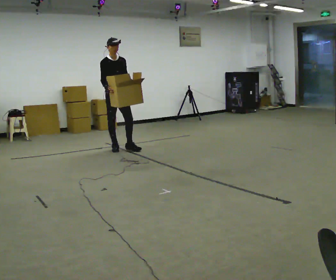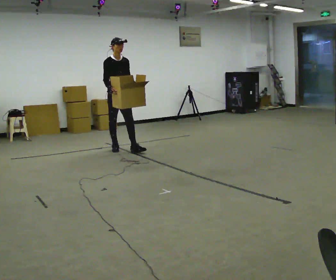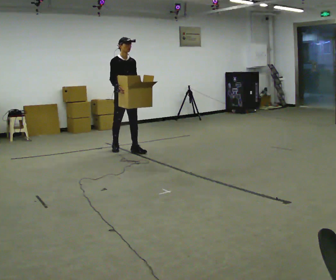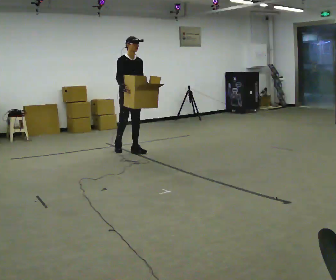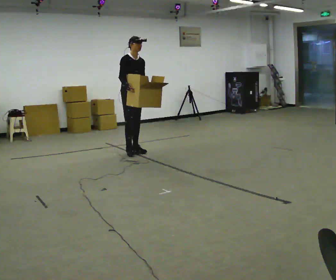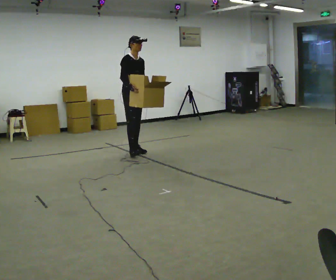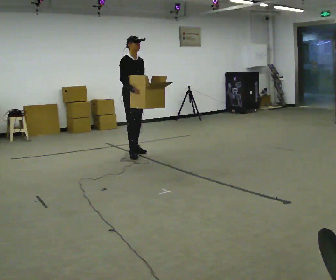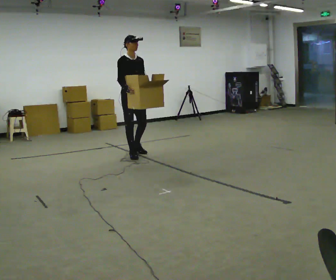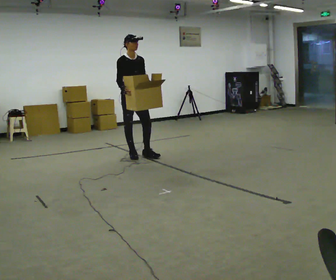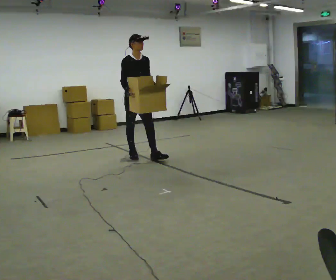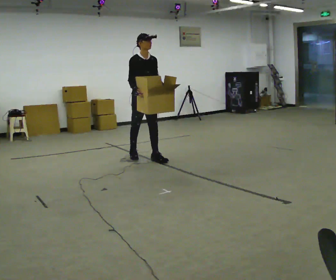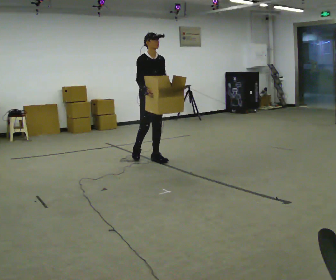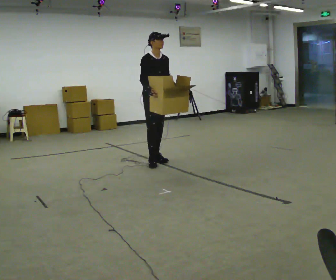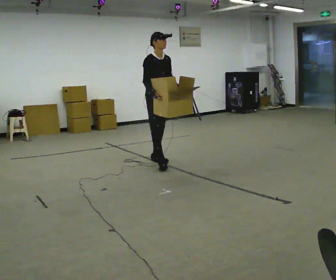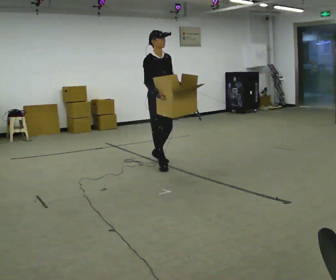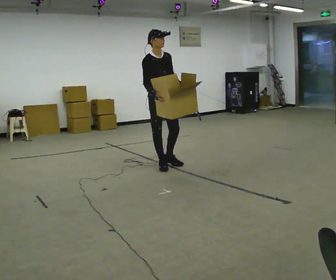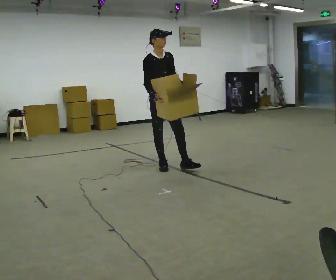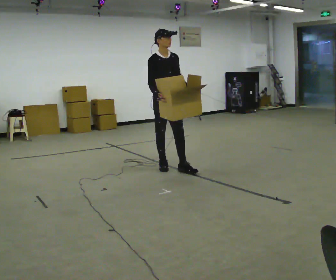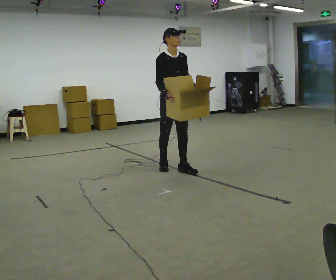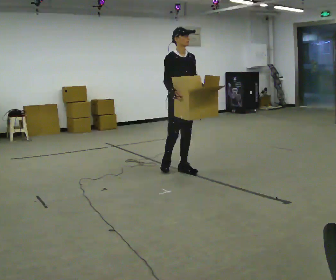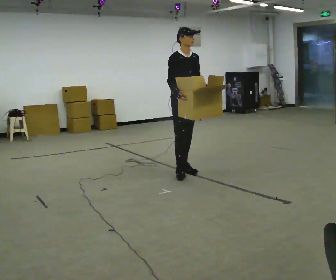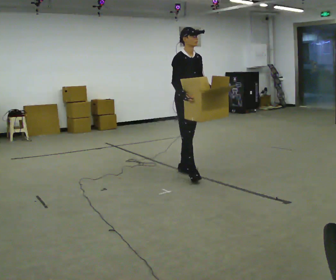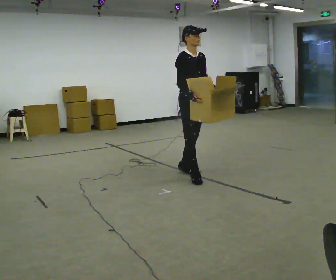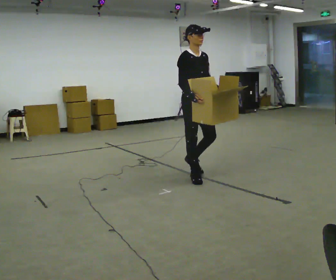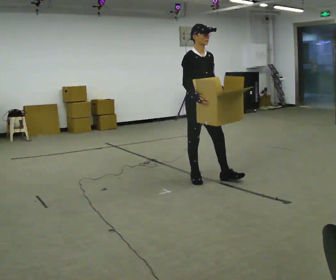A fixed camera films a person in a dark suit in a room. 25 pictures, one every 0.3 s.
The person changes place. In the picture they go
toward the camera.
0.0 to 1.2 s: In the picture they go to the right, about 0.25 m in 1 step, which for them is forward and to their left.
1.2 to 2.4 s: In the picture they go toward the camera, about 0.25 m in 1 step, which for them is forward and to their right.
2.4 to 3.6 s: In the picture they go to the right and toward the camera, about 0.5 m in 1 step, which for them is forward.
3.6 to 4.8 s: In the picture they go toward the camera, about 0.5 m in 1 step, which for them is forward and to their right.
4.8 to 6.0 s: In the picture they go to the right and toward the camera, about 0.25 m in 1 step, which for them is forward and to their left.
6.0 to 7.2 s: In the picture they go toward the camera, about 0.5 m in 1 step, which for them is forward.
The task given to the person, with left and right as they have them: Carry the box with its lid hanging open across the room, back and forth.
The film runs forward here.
